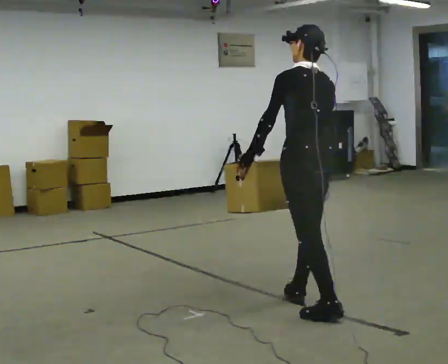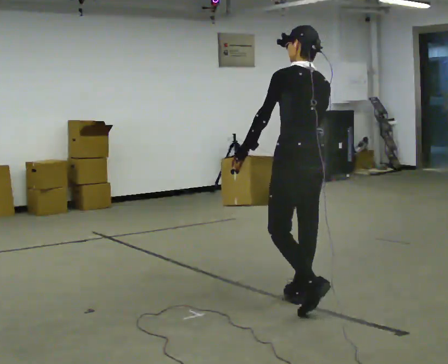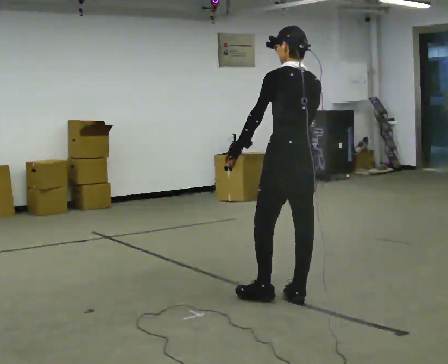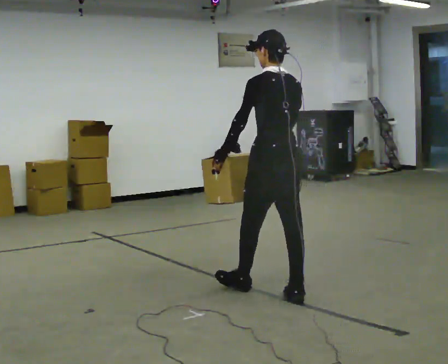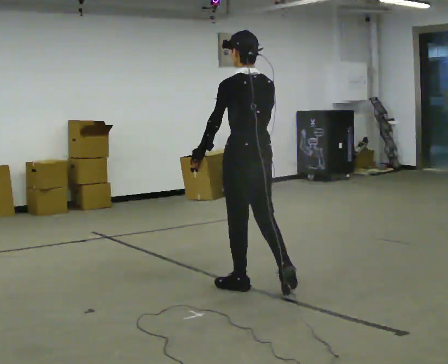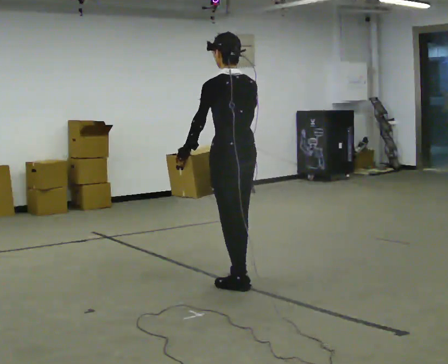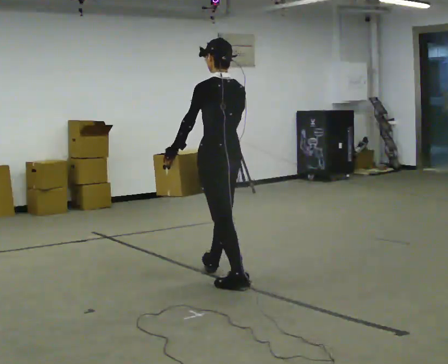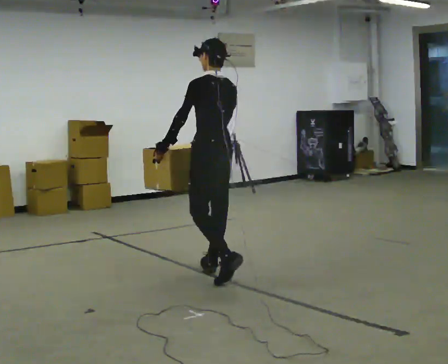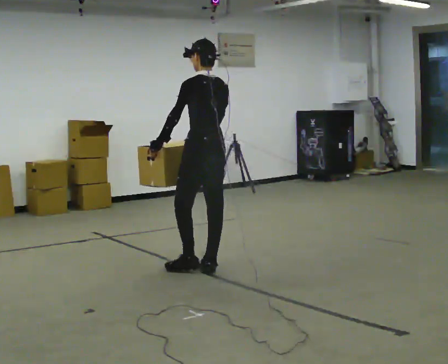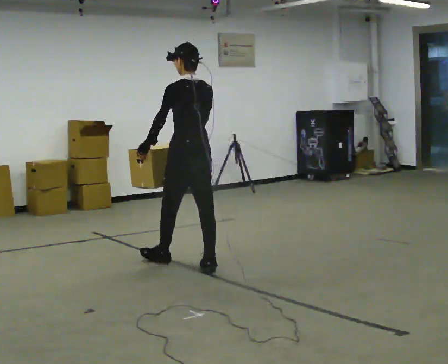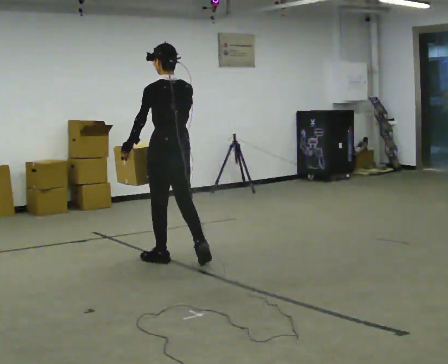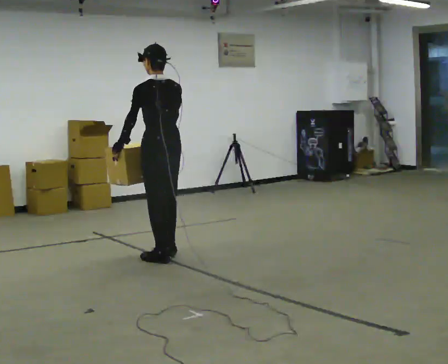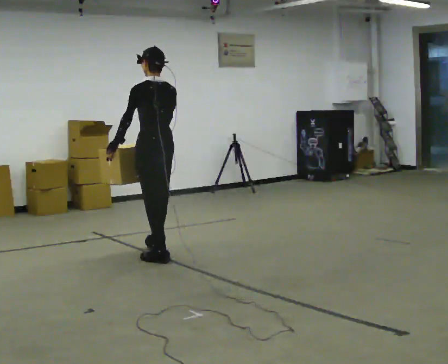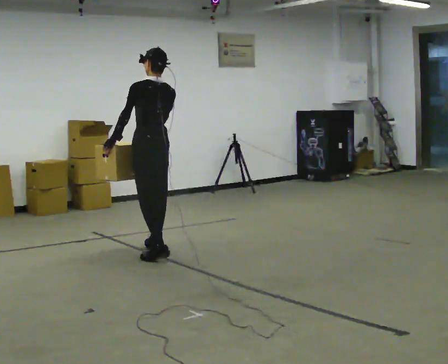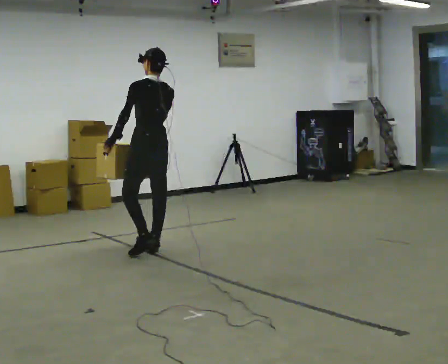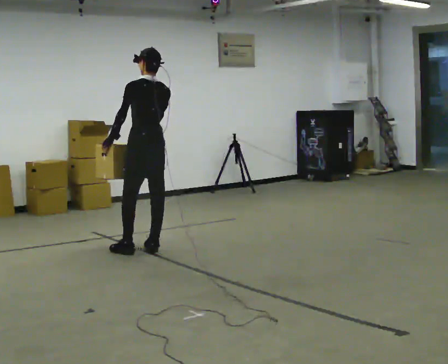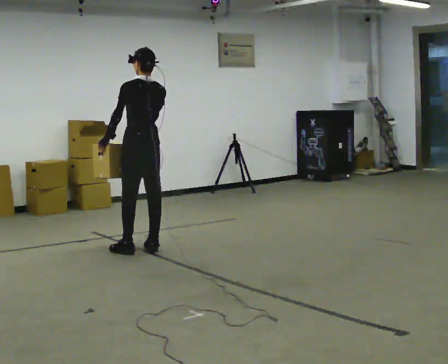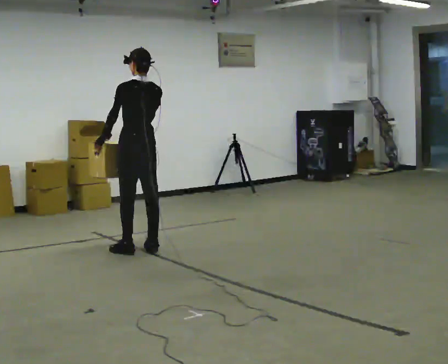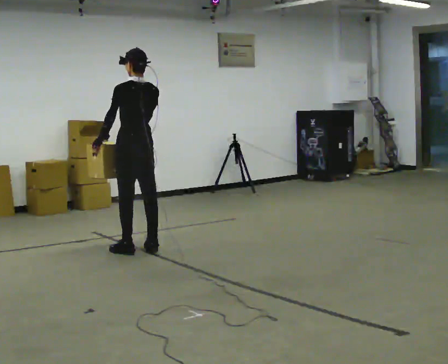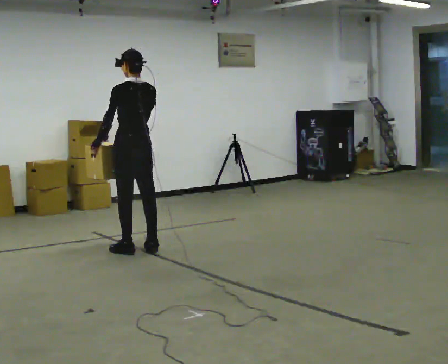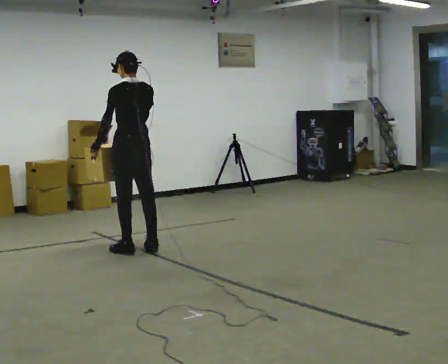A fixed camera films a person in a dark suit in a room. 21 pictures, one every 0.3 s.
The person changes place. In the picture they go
away from the camera.
0.0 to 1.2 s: In the picture they go away from the camera and to the left, about 0.5 m in 1 step, which for them is forward.
1.2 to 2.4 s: In the picture they go away from the camera and to the left, about 0.5 m in 1 step, which for them is forward.
2.4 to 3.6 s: In the picture they go away from the camera and to the left, about 0.5 m in 2 steps, which for them is forward.
3.6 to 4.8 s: In the picture they go away from the camera, about 0.25 m in 1 step, which for them is forward.
4.8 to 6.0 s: The person moves a little, or ends about where they began.
The film runs forward here.
